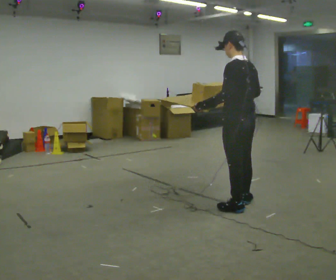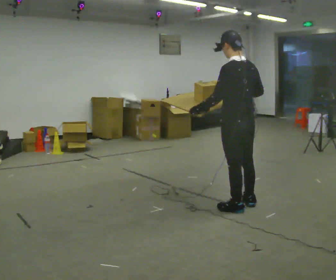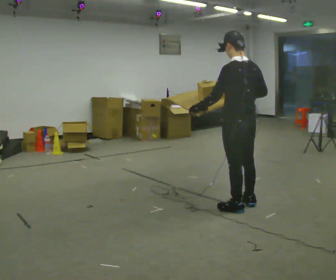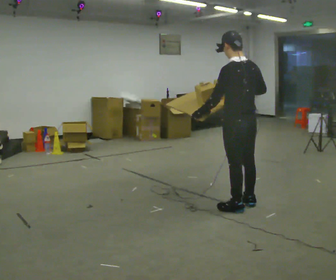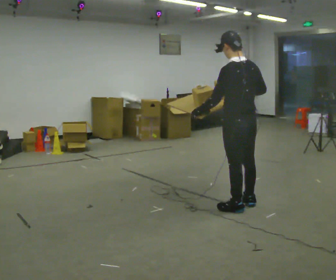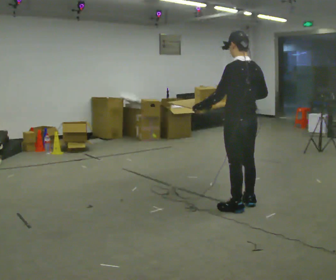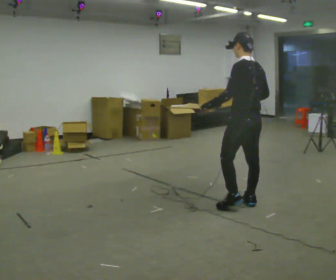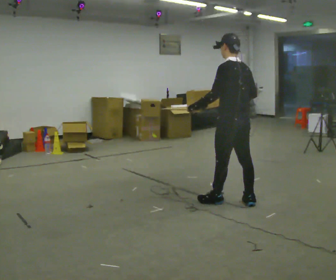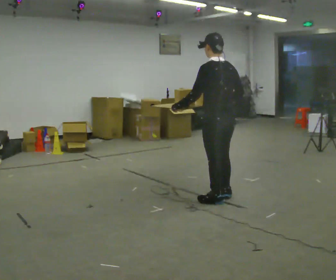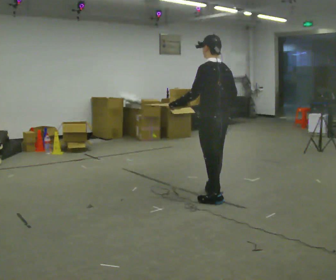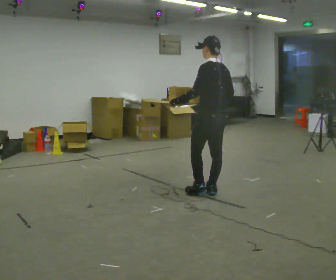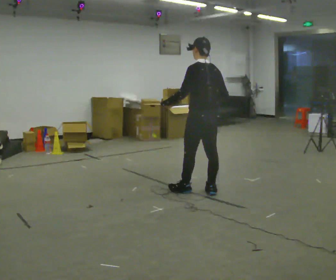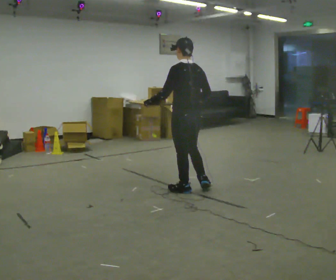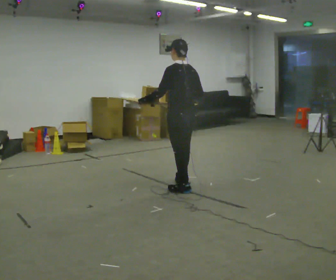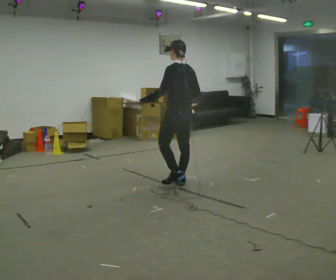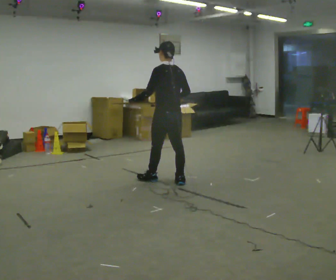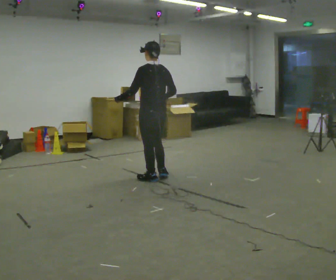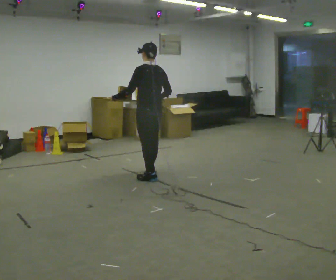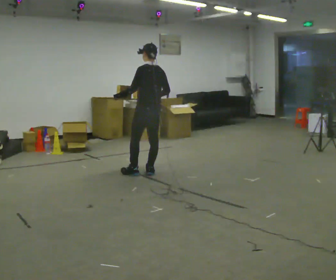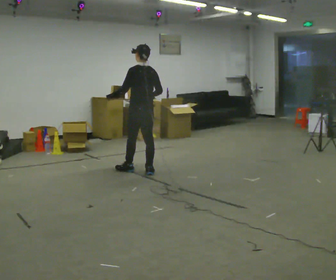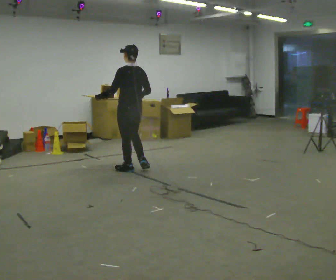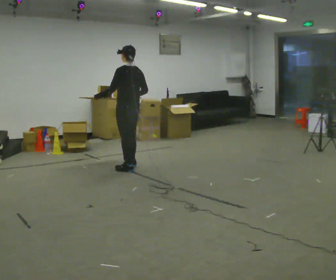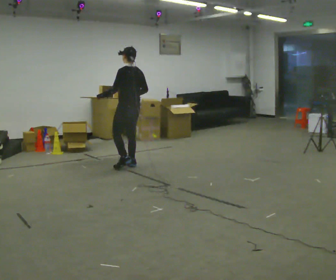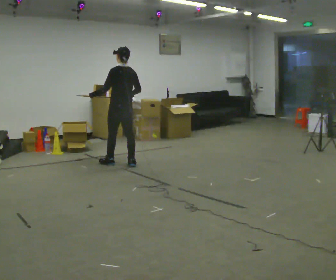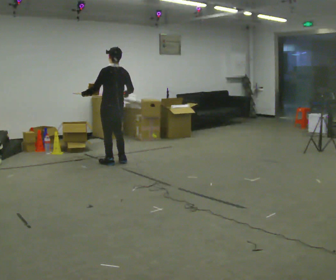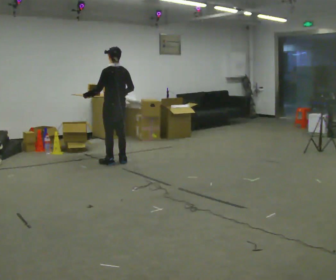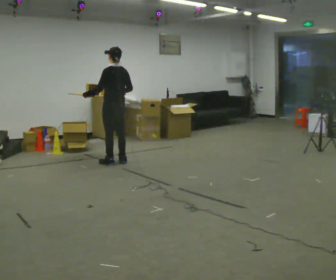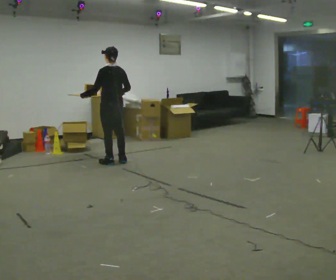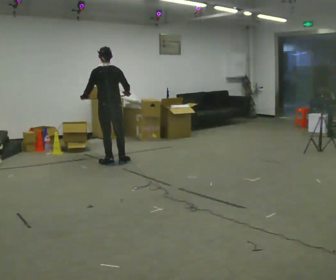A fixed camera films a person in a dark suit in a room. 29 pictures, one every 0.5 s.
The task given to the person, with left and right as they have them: Carry the loaded tray flat and level in both hands, walking back and forth across the room. Try not to let anything slide off.
0.0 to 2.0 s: The person moves a little, or ends about where they began.
2.0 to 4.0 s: In the picture they go to the left and away from the camera, about 0.25 m in 1 step, which for them is forward.
4.0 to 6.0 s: In the picture they go away from the camera and to the left, about 0.5 m in 2 steps, which for them is forward.
6.0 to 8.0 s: In the picture they go away from the camera and to the left, about 0.5 m in 2 steps, which for them is forward.
8.0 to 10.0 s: In the picture they go away from the camera and to the left, about 0.5 m in 2 steps, which for them is forward.
10.0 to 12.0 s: In the picture they go away from the camera and to the left, about 0.5 m in 3 steps, which for them is forward.
12.0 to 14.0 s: The person moves a little, or ends about where they began.
The film runs forward here.
